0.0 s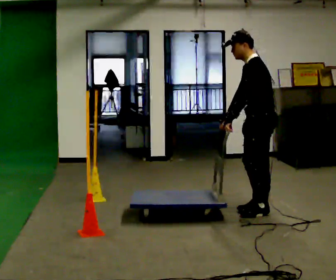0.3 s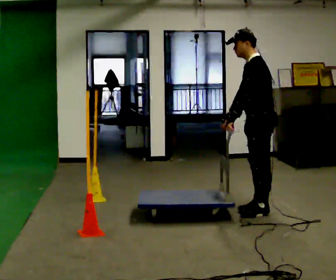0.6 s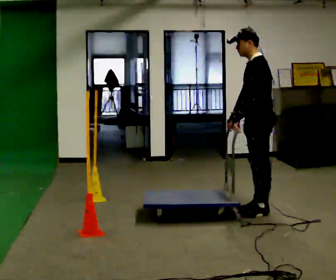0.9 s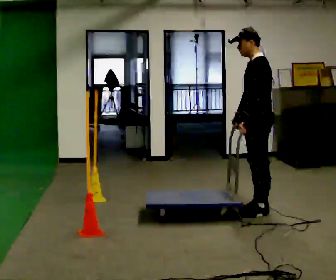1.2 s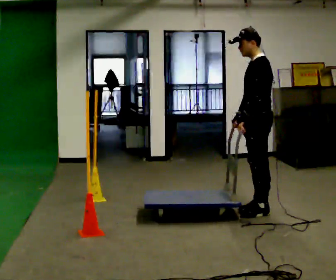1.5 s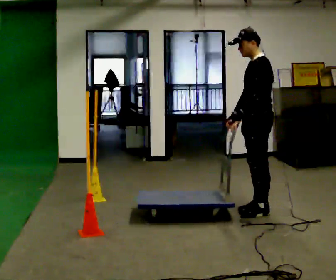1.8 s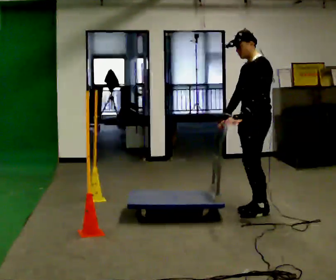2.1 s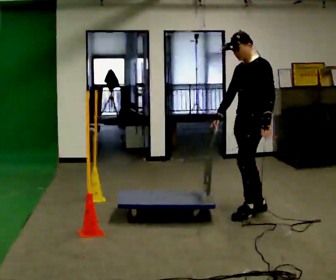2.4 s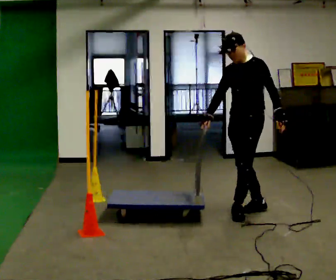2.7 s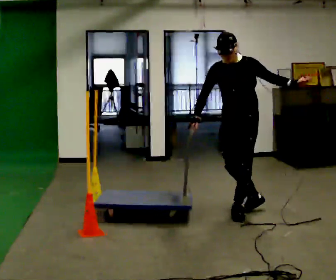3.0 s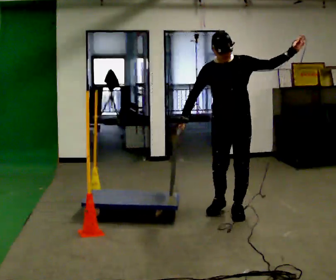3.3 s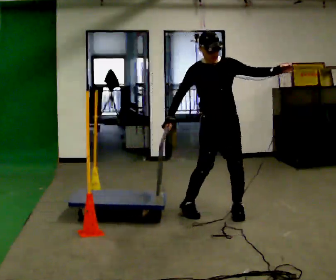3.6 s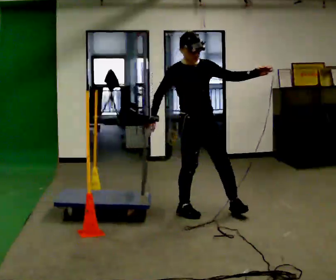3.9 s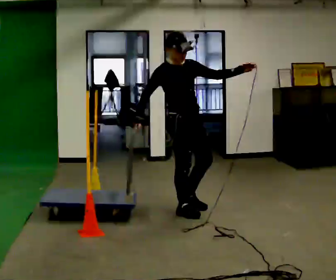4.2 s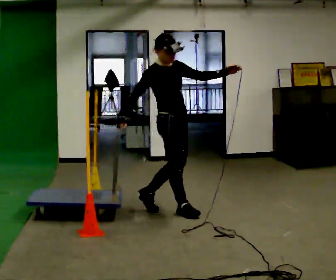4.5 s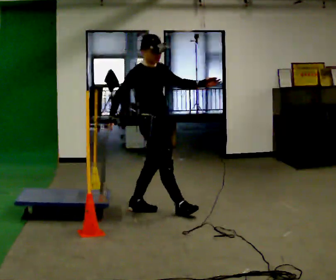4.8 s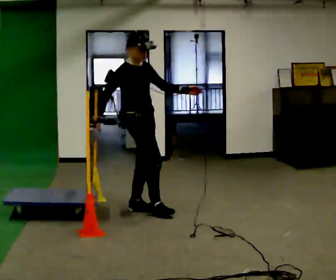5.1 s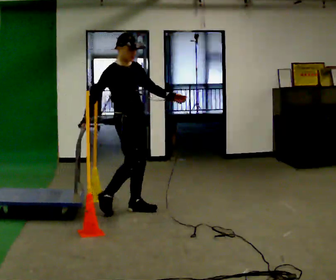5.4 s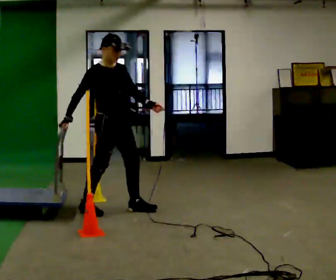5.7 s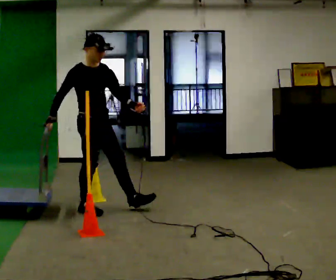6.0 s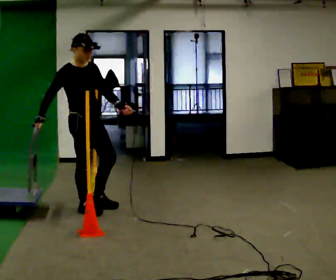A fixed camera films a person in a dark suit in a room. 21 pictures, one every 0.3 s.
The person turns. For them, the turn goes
to their left.
The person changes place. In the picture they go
to the left.
0.0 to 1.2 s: The person moves a little, or ends about where they began.
1.2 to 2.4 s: Seen from above the body turns counterclockwise, about 30 degrees: to their left, with its near side sliding to the right. In the picture their left hand goes to the right, the arm swinging counterclockwise.
2.4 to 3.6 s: The person turns about 90 degrees to their left, counterclockwise seen from above, so the part of the body nearest the lens slides to the right. In the picture they go to the left, about 0.5 m in 2 steps. In the picture their left hand goes upward.
3.6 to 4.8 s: The part of the body nearest the lens slides to the right as the person turns to their left by about 30 degrees. In the picture they go to the left, about 0.5 m in 1 step, which for them is backward.
4.8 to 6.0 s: In the picture they go to the left, about 0.5 m in 1 step, which for them is backward and to their right.
The film runs backward here.
